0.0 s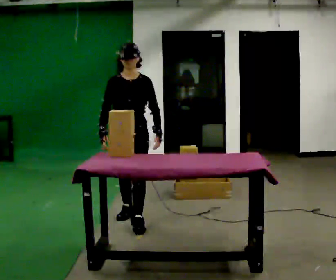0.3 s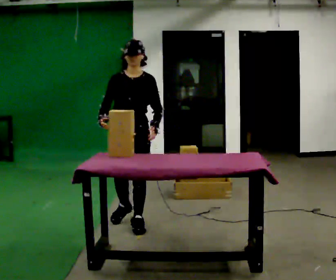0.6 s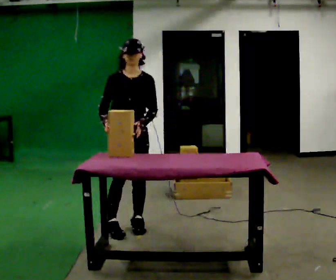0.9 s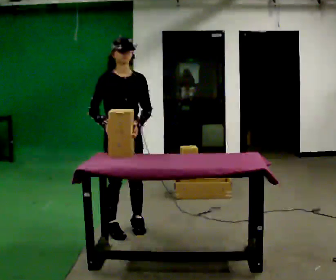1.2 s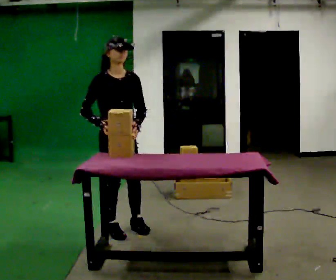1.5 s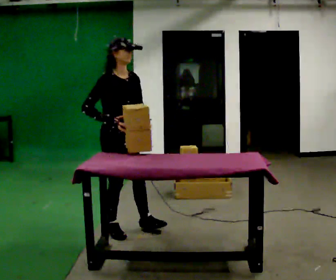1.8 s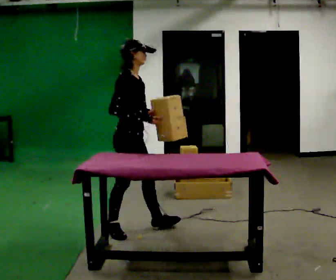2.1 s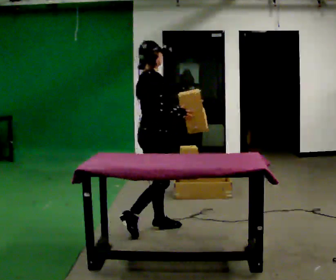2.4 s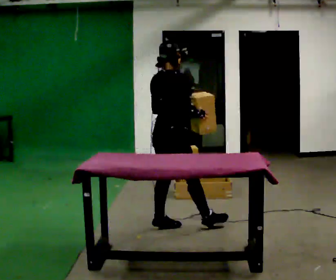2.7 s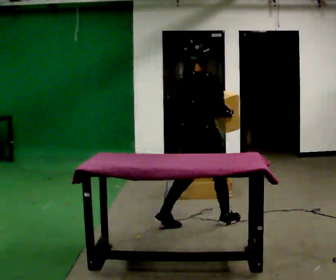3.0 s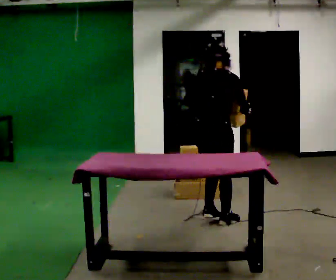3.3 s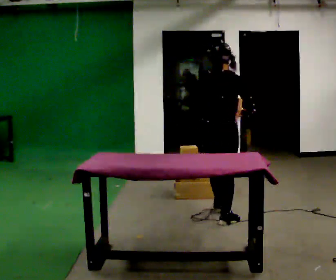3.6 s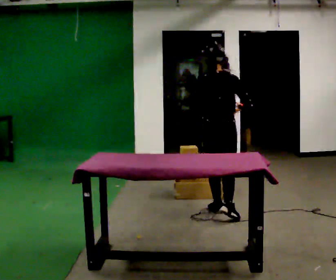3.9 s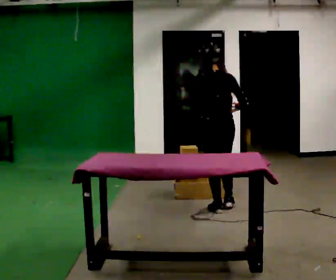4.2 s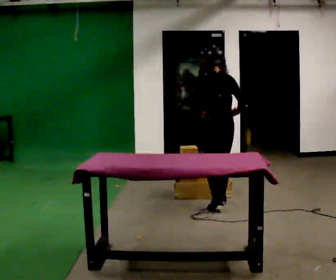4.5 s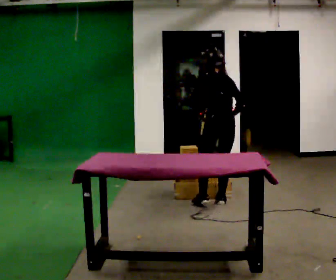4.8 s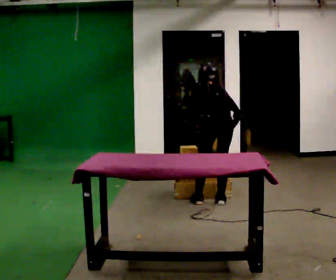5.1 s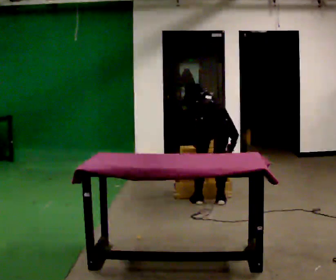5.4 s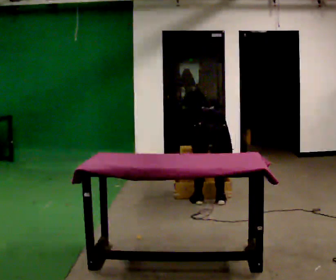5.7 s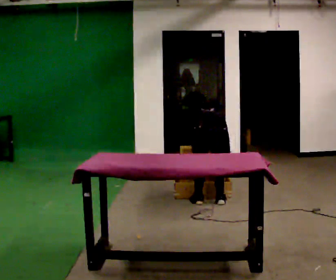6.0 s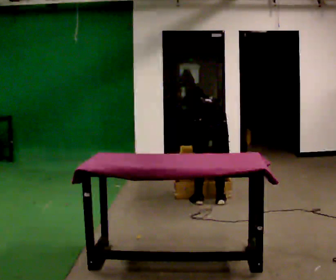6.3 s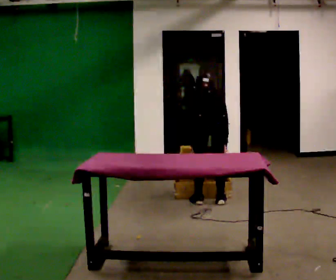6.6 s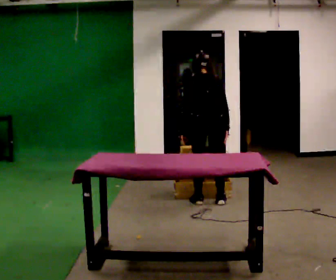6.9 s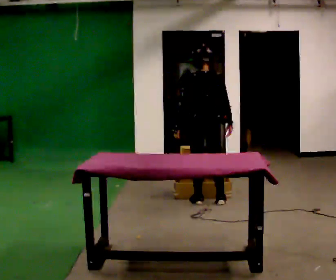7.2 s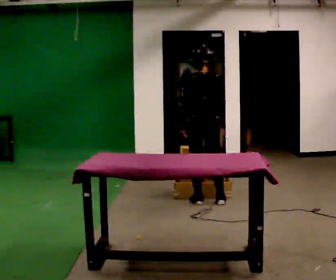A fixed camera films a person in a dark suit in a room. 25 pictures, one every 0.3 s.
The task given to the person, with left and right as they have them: Reach down into the deep bin on the floor, take out one object at a time, carry it to the shelf, and come back for the next one. Keep going until the operator says stop; one object at a time, and do not rush between trips.
0.0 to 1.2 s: Seen from above the body turns counterclockwise, about 45 degrees: to their left, with its near side sliding to the right. In the picture they go toward the camera, about 0.25 m in 1 step, which for them is forward.
1.2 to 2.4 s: The person turns about 90 degrees to their left, counterclockwise seen from above, so the part of the body nearest the lens slides to the right. In the picture they go to the right and away from the camera, about 0.5 m in 1 step.
2.4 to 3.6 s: Seen from above the body turns counterclockwise, about 45 degrees: to their left, with its near side sliding to the right. In the picture they go away from the camera and to the right, about 0.5 m in 2 steps, which for them is forward and to their right.
3.6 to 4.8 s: In the picture they go away from the camera, about 0.25 m in 2 steps, which for them is forward. The upper body goes downward. The upper body tips away from the camera, its near side rolling upward, as they bend forward.
4.8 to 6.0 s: The person moves a little, or ends about where they began.
6.0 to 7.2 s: The shoulders move upward. The upper body tips toward the camera, its near side rolling downward, as they lean back or straighten. In the picture their left hand goes upward.
The film runs forward here.
